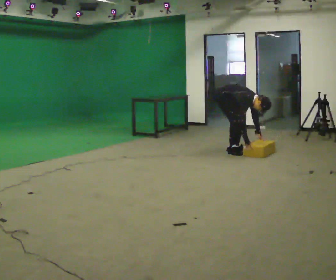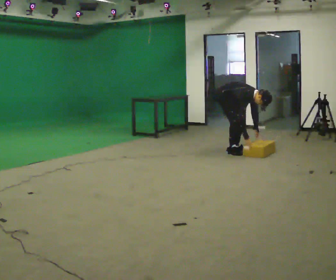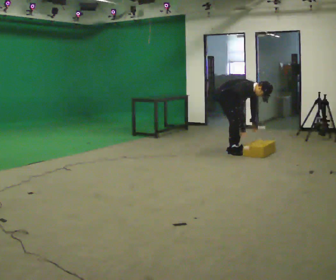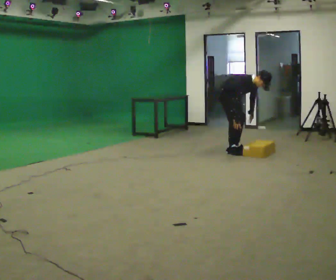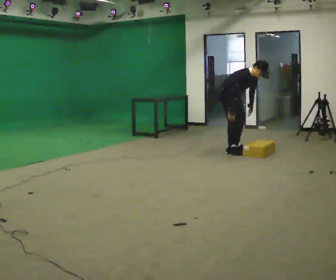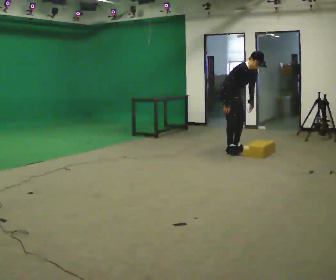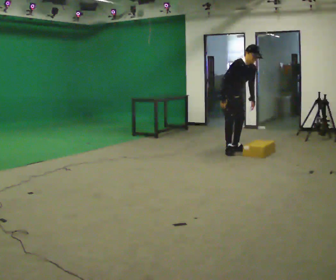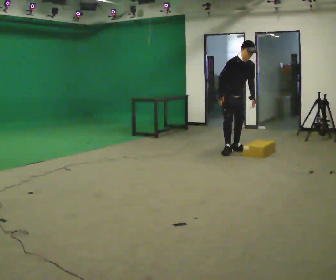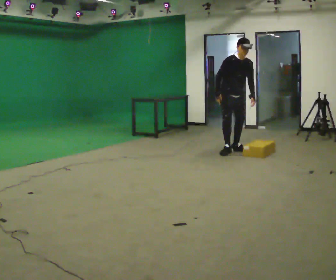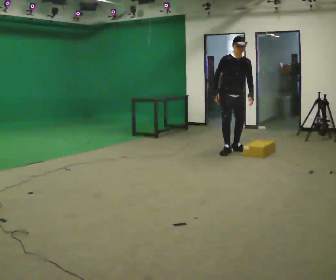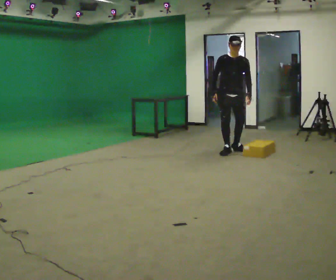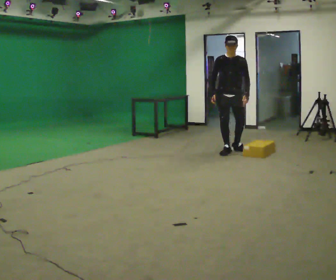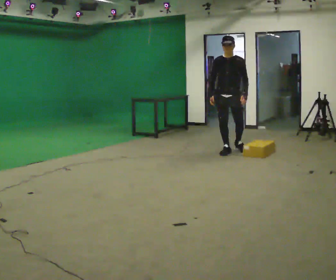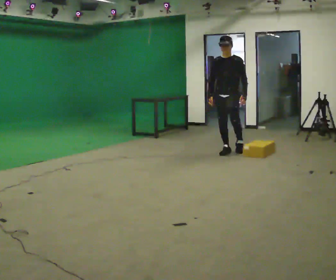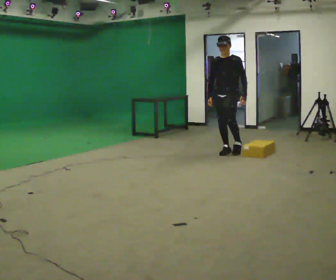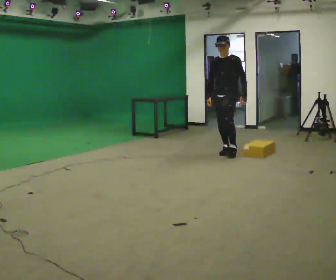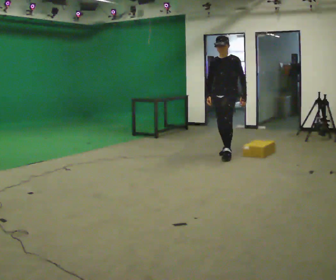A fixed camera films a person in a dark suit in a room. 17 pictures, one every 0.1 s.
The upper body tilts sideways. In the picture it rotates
counterclockwise.
The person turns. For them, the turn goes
to their right.
0.0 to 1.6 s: Seen from above the body turns clockwise, about 90 degrees: to their right, with its near side sliding to the left. In the picture they go toward the camera, about 0.25 m. The shoulders move upward. In the picture the upper body tilts counterclockwise, shoulders to the left, as they lean back or straighten. In the picture their left hand goes upward.
The film runs forward here.
